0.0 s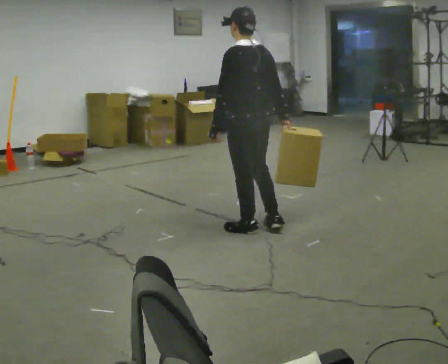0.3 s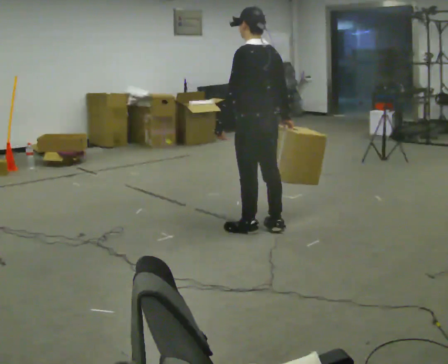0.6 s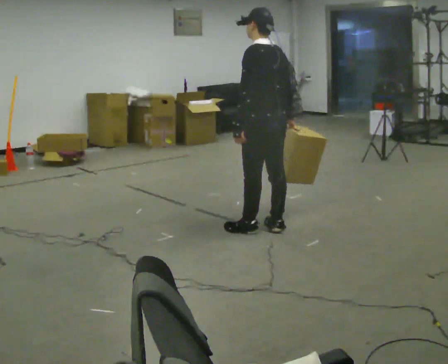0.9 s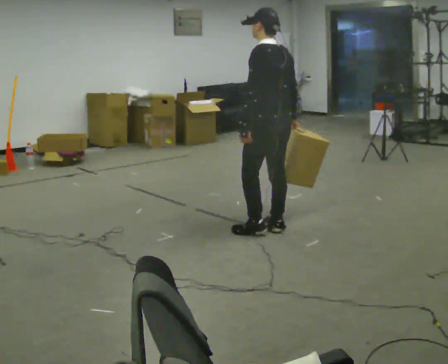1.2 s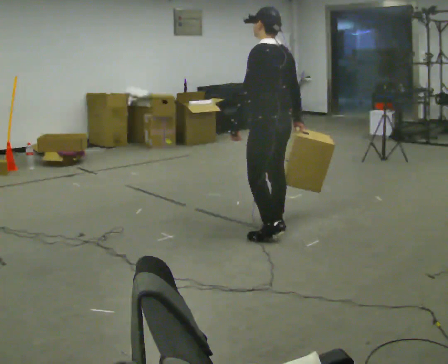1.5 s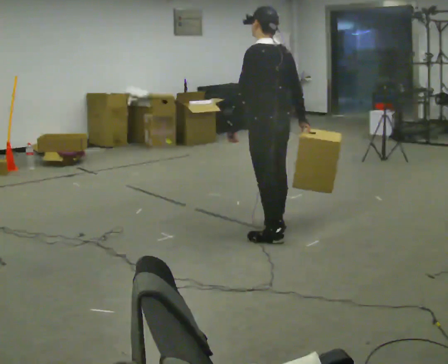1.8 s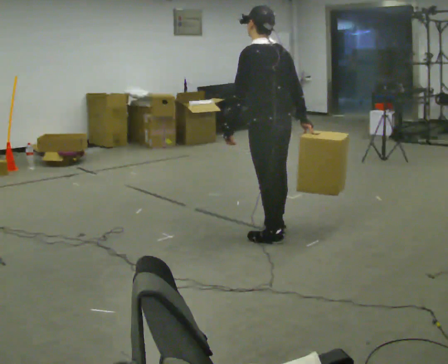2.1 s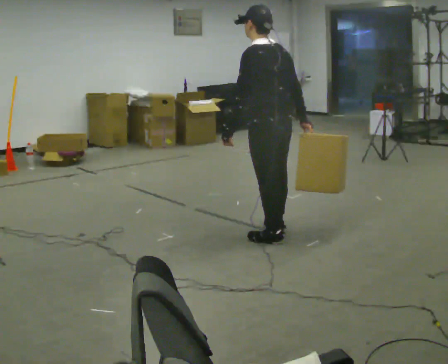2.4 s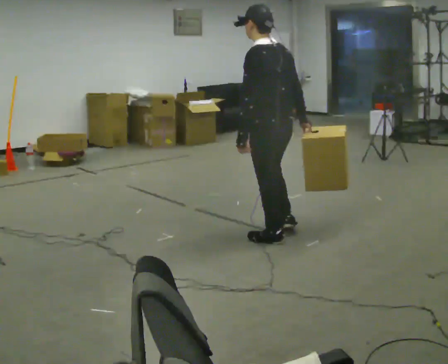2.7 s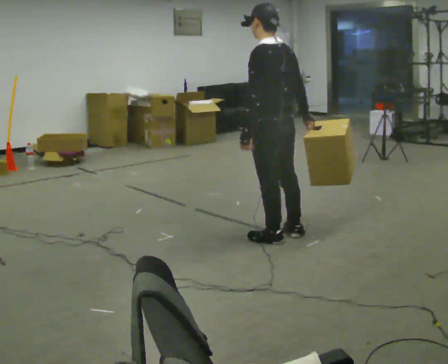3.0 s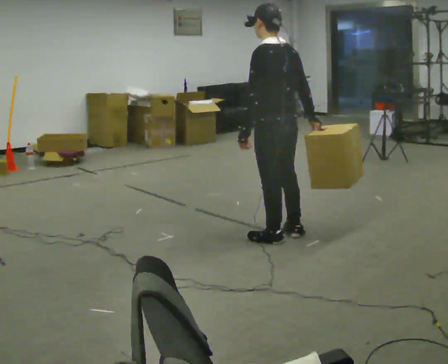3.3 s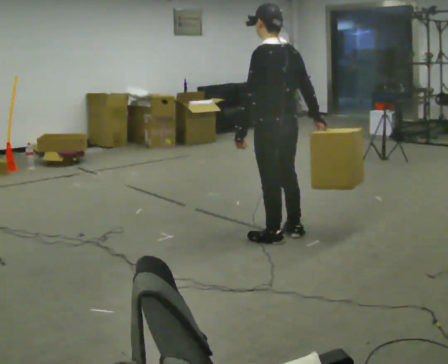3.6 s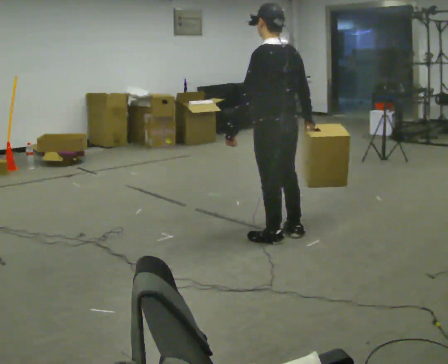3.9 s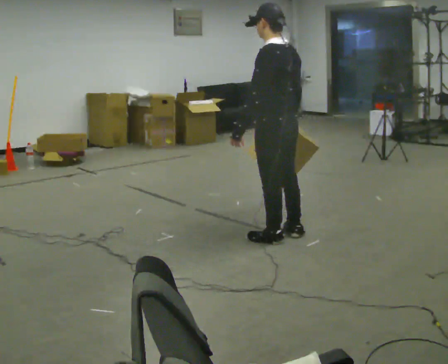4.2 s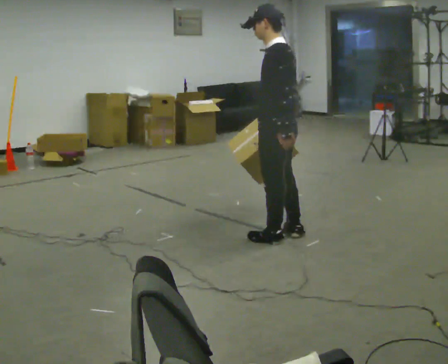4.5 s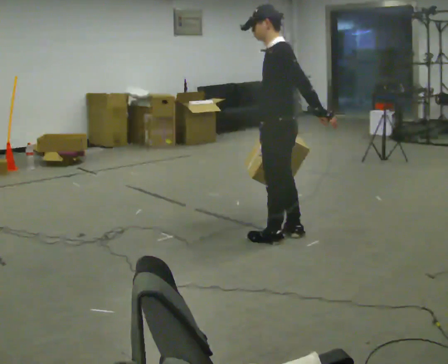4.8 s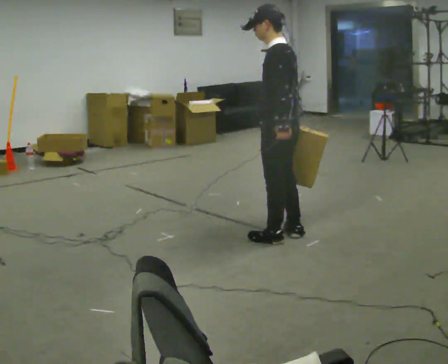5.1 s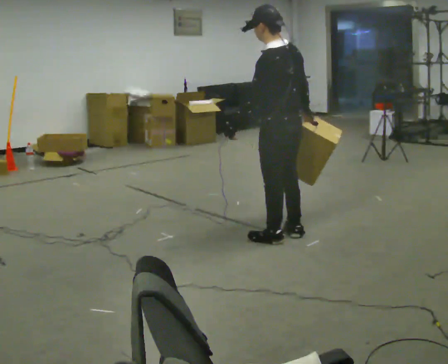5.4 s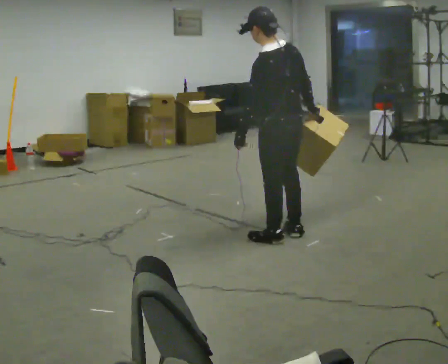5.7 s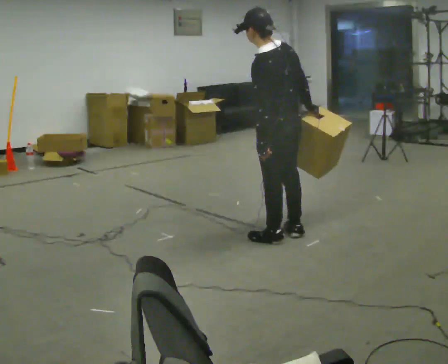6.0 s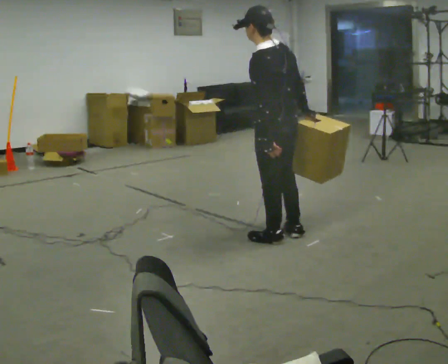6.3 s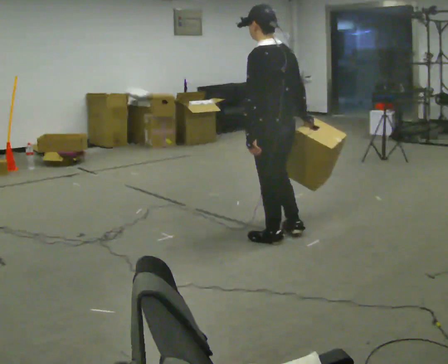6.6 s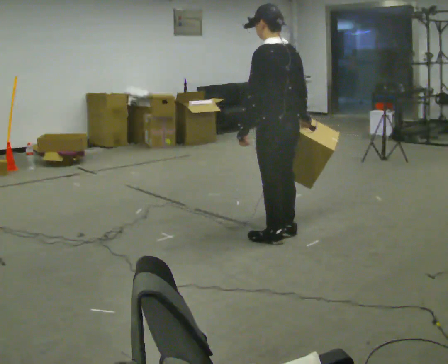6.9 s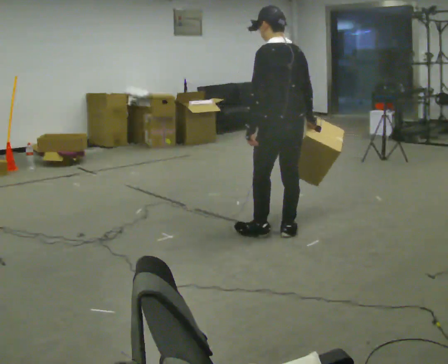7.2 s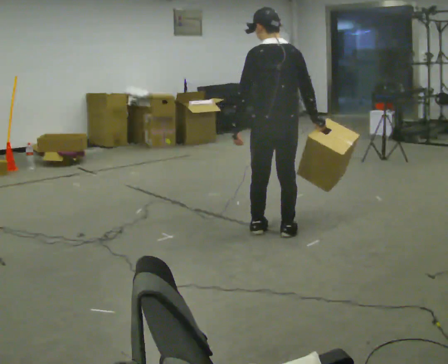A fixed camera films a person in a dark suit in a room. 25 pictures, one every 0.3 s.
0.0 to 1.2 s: In the picture they go to the right, about 0.25 m in 1 step, which for them is backward.
1.2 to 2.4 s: In the picture they go toward the camera, about 0.25 m in 1 step, which for them is to their left and backward.
2.4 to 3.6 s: The person moves a little, or ends about where they began.
3.6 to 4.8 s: The person turns about 30 degrees to their left, counterclockwise seen from above, so the part of the body nearest the lens slides to the right. In the picture their left hand goes to the right.
4.8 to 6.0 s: The part of the body nearest the lens slides to the left as the person turns to their right by about 30 degrees.
6.0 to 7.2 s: Seen from above the body turns clockwise, about 30 degrees: to their right, with its near side sliding to the left. The upper body tips away from the camera, its near side rolling upward.
The film runs backward here.
